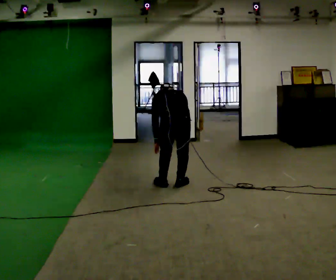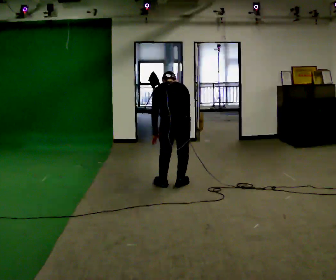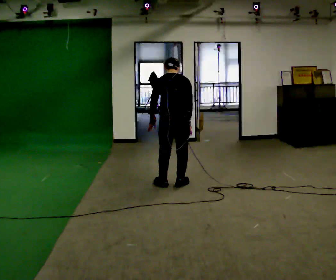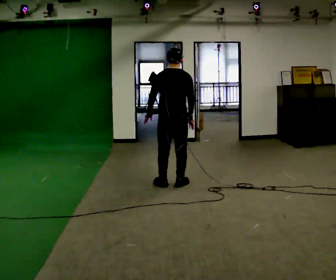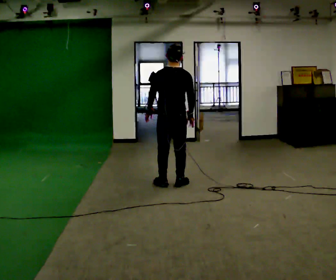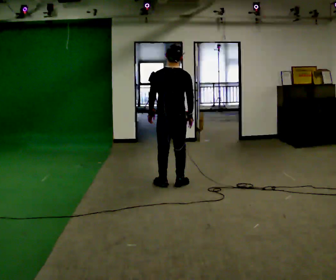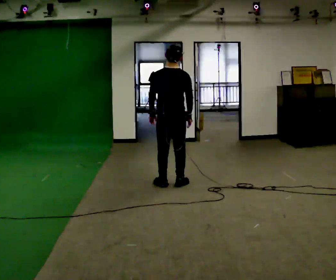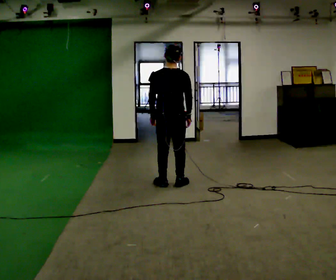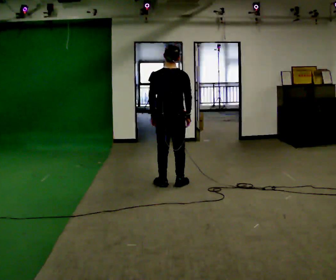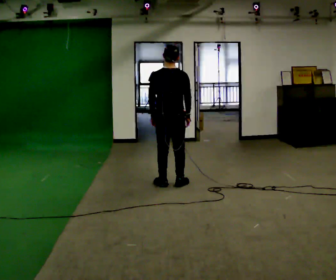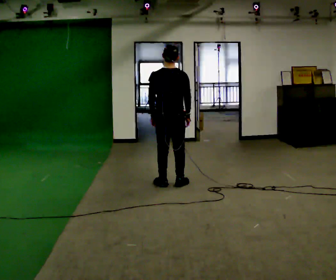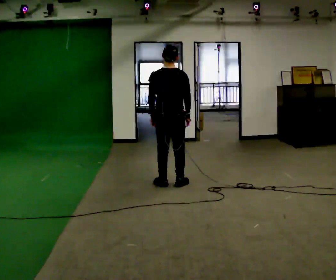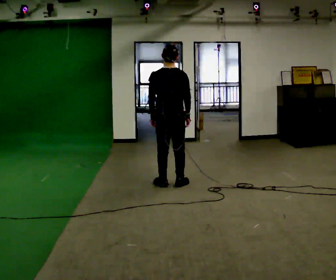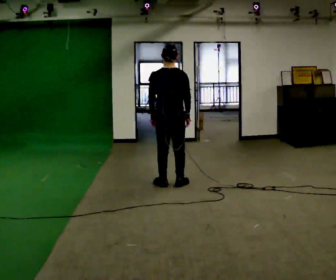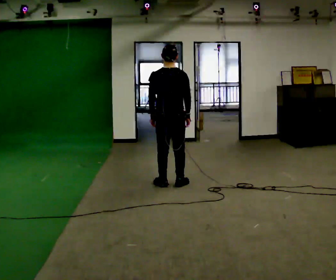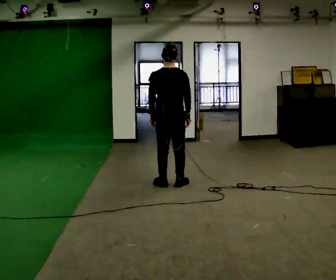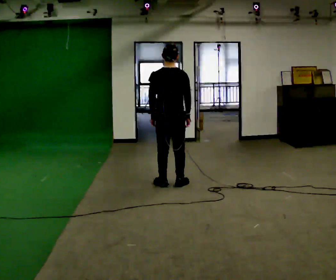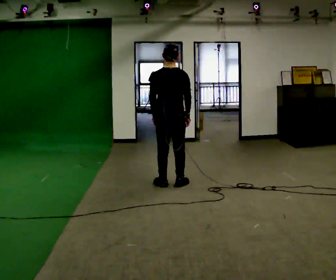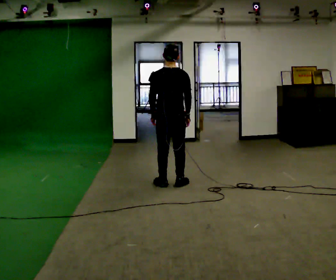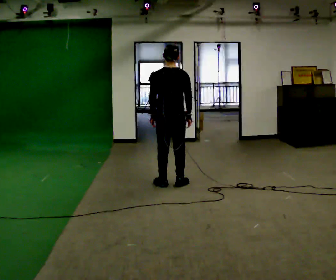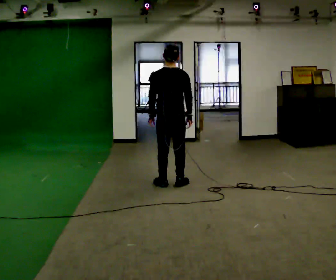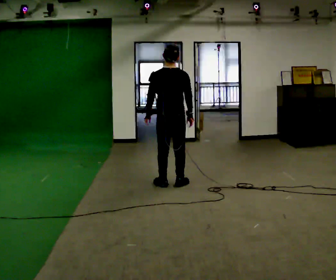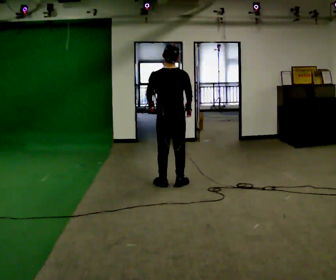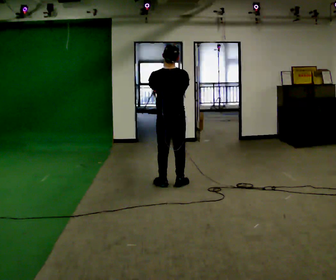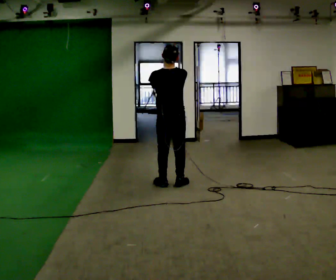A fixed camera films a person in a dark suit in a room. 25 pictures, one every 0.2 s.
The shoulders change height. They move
upward.
Their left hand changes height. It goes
upward.
0.0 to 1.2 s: In the picture they go away from the camera, about 0.25 m, which for them is forward. The upper body goes upward. The upper body tips toward the camera, its near side rolling downward, as they lean back or straighten. In the picture their left hand goes upward.
1.2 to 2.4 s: The person moves a little, or ends about where they began.
2.4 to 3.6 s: The person keeps their place and pose.
3.6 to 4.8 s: In the picture their left hand goes upward.
The film runs backward here.
